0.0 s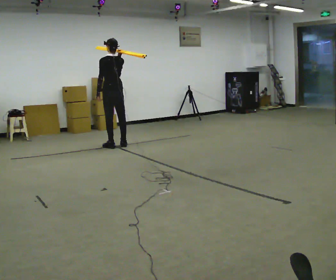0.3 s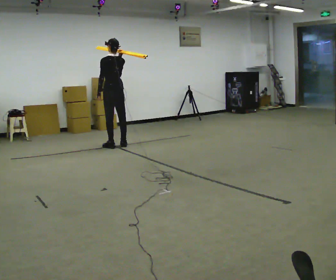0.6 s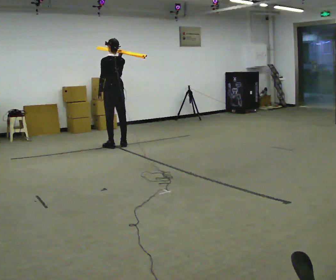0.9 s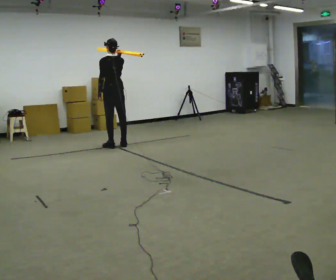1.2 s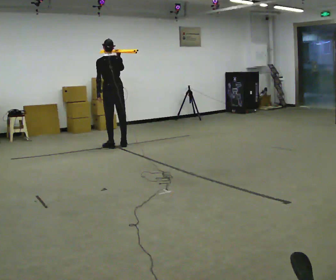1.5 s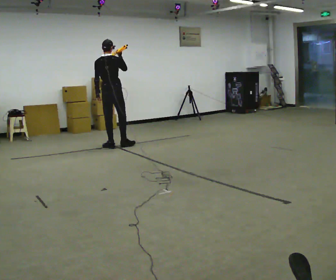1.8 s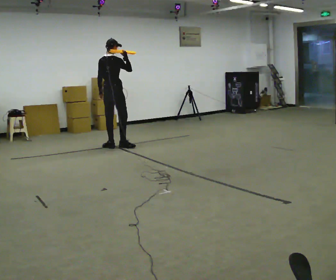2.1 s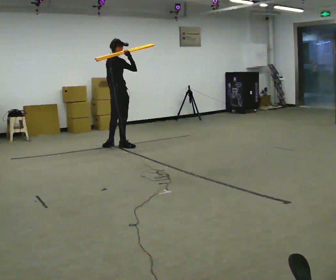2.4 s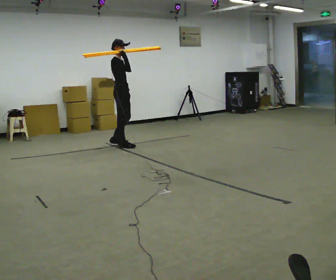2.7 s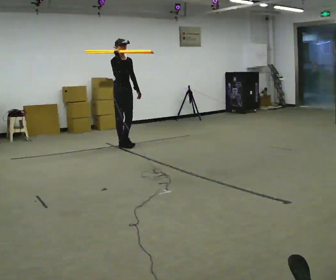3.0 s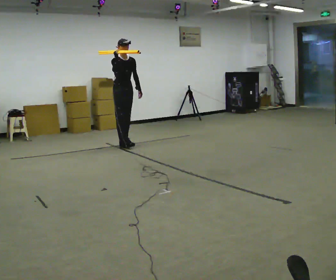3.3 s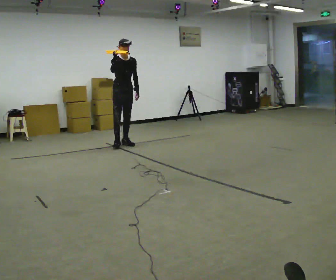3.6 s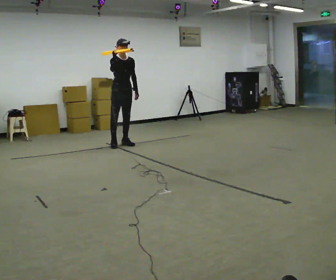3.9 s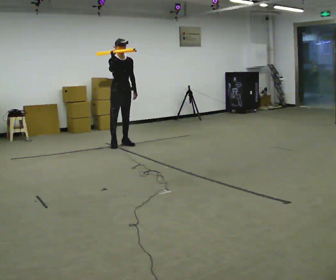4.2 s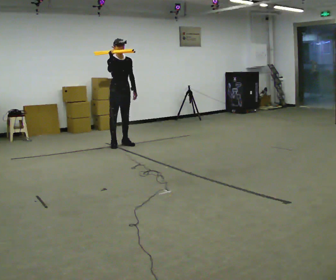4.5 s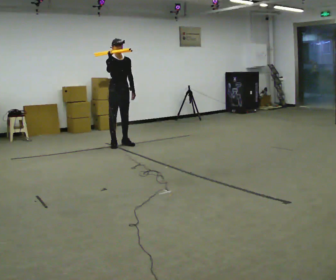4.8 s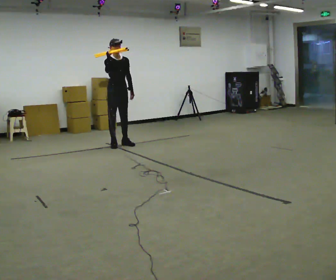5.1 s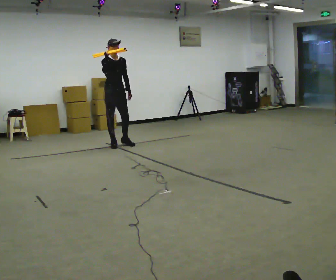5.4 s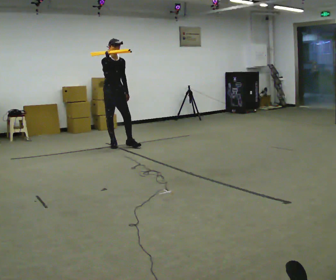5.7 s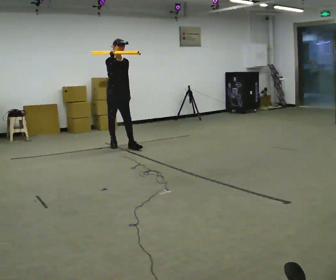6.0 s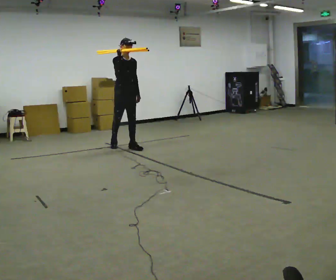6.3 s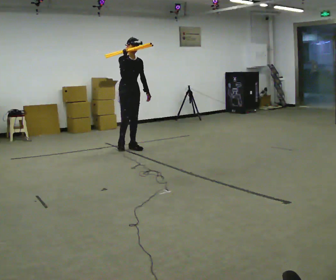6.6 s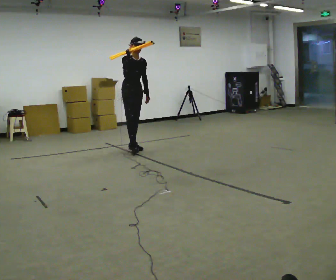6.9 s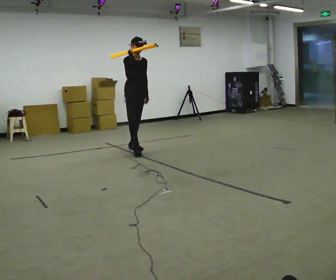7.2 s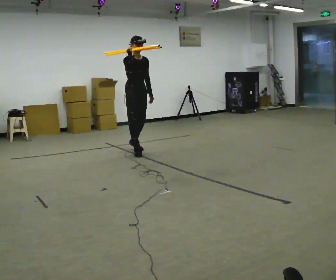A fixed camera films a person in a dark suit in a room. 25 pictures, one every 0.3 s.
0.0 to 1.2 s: The person moves a little, or ends about where they began.
1.2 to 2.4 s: The part of the body nearest the lens slides to the left as the person turns to their right by about 120 degrees.
2.4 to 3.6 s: The part of the body nearest the lens slides to the left as the person turns to their right by about 60 degrees. In the picture they go away from the camera, about 0.25 m in 1 step, which for them is backward.
3.6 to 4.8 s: The person moves a little, or ends about where they began.
4.8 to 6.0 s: In the picture they go toward the camera, about 0.25 m in 1 step, which for them is forward.
6.0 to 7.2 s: In the picture they go toward the camera and to the right, about 0.5 m in 1 step, which for them is forward.
The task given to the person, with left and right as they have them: Rest the long object on the shoulder the operator calls and carry it across the room, back and forth.
The film runs forward here.
